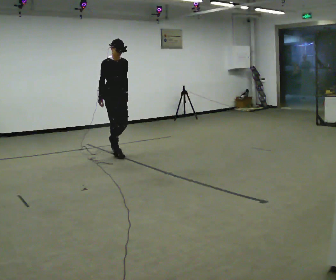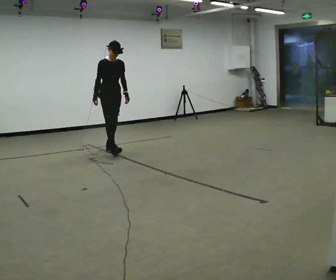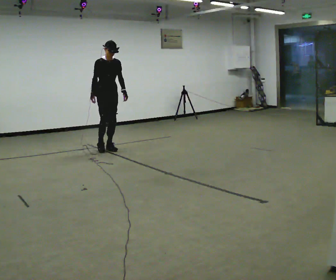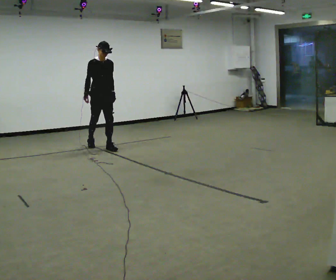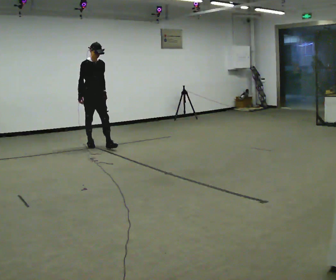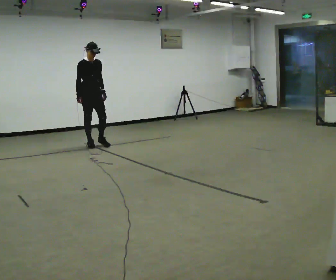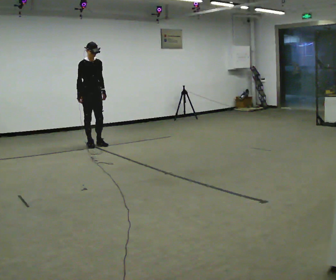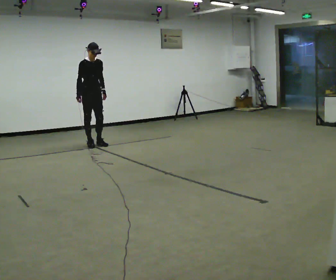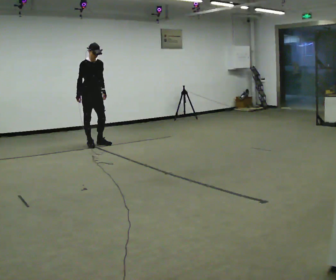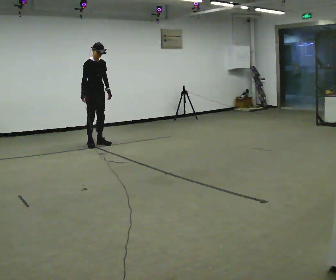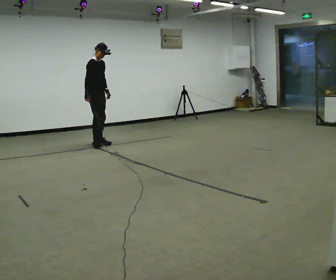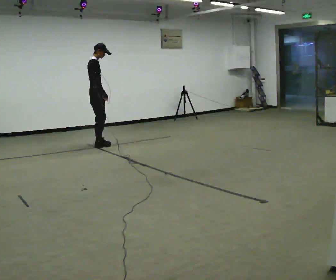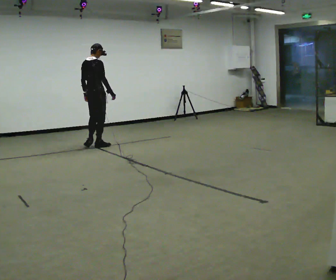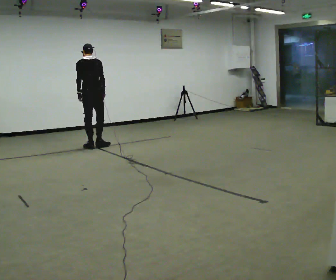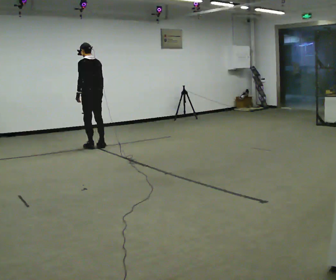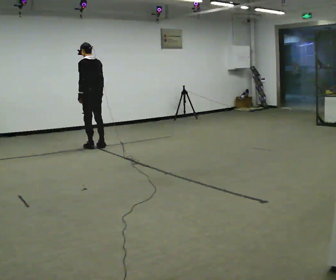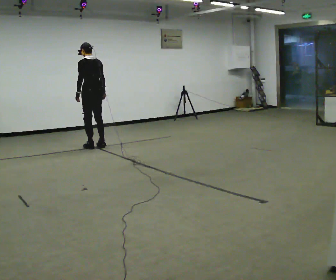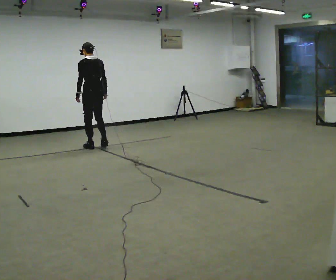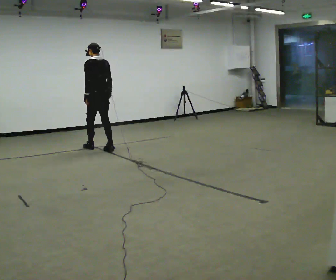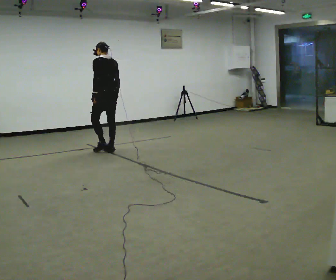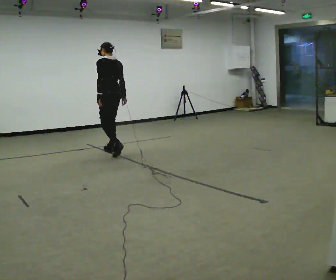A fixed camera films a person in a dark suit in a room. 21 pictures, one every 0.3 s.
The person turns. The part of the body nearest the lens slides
to the right.
The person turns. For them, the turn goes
to their left.
0.0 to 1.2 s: In the picture they go away from the camera and to the left, about 0.5 m in 2 steps, which for them is backward.
1.2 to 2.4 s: In the picture they go away from the camera, about 0.25 m, which for them is backward.
2.4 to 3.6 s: Seen from above the body turns counterclockwise, about 120 degrees: to their left, with its near side sliding to the right. In the picture they go toward the camera, about 0.25 m in 2 steps. In the picture their right hand goes to the right, the arm swinging counterclockwise.
3.6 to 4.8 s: The part of the body nearest the lens slides to the right as the person turns to their left by about 60 degrees.
4.8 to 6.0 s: In the picture they go toward the camera and to the right, about 0.5 m in 2 steps, which for them is backward.
The film runs backward here.
